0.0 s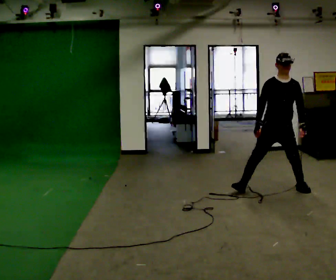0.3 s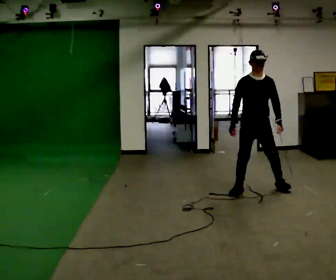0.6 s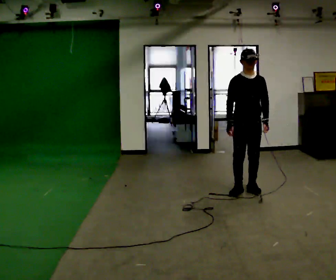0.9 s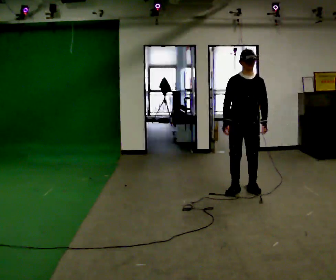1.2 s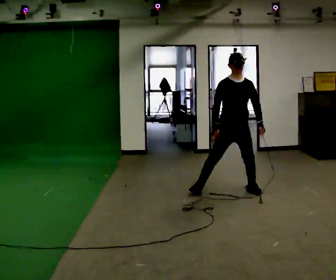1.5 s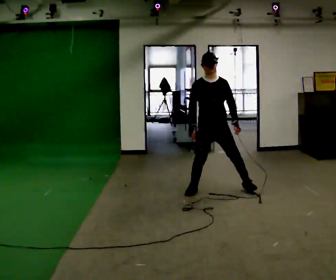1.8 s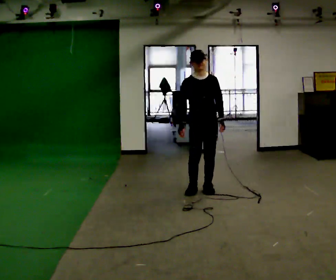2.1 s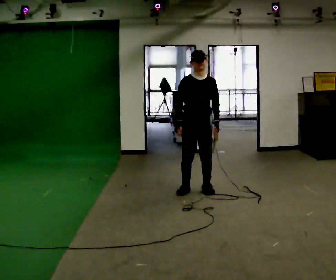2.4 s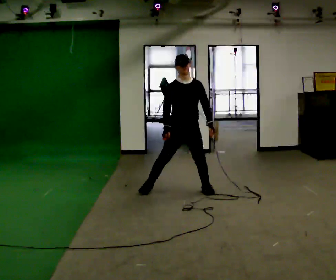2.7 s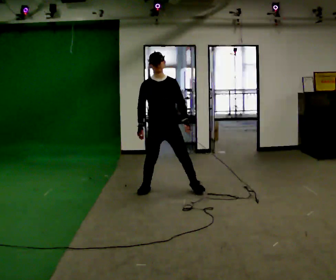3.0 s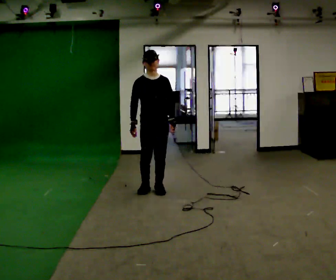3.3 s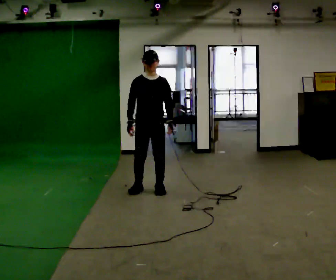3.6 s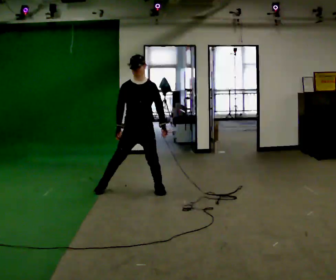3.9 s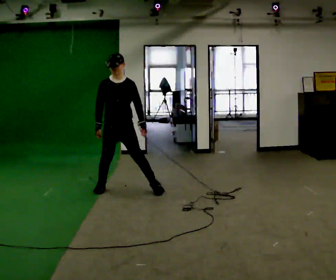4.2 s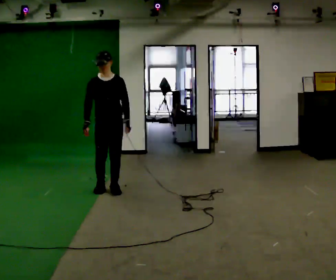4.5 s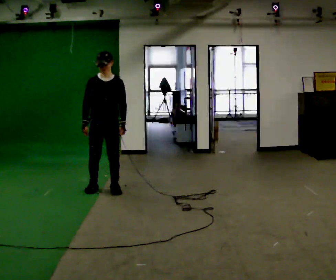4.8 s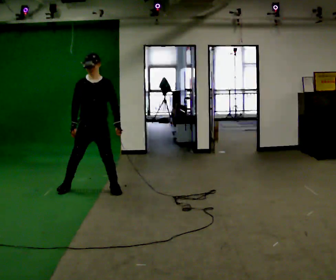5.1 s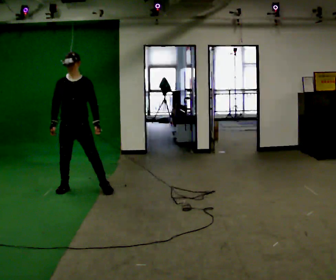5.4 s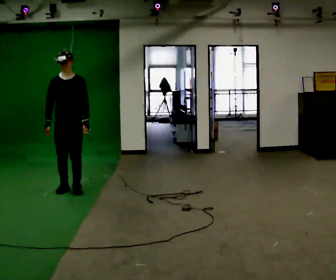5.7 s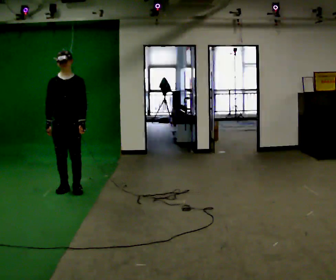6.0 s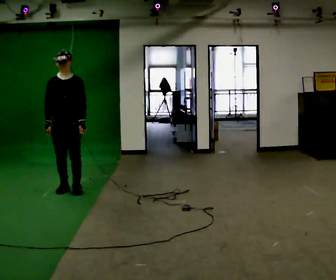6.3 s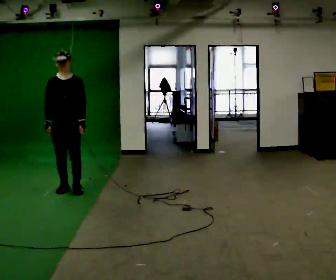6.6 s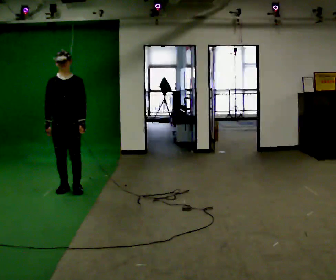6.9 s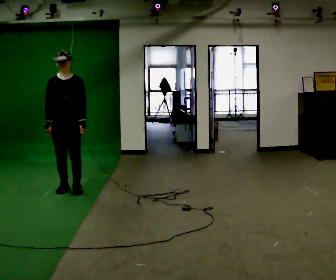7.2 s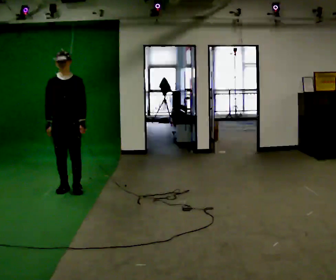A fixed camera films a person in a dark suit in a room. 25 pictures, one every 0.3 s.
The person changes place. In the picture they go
to the left.
0.0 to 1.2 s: In the picture they go to the left, about 0.5 m in 2 steps, which for them is to their right.
1.2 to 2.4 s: In the picture they go to the left, about 0.5 m in 2 steps, which for them is to their right.
2.4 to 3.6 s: In the picture they go to the left, about 0.5 m in 2 steps, which for them is to their right.
3.6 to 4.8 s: In the picture they go to the left, about 0.5 m in 2 steps, which for them is to their right.
4.8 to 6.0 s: In the picture they go to the left, about 0.25 m in 2 steps, which for them is to their right.
6.0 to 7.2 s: The person keeps their place and pose.
The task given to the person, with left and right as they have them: Move laterally left/right for ~3 m; natural controlled steps; stop.
The film runs forward here.
